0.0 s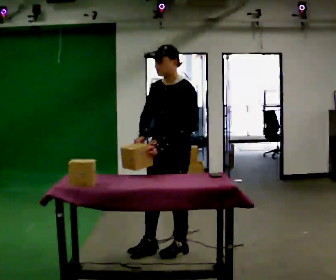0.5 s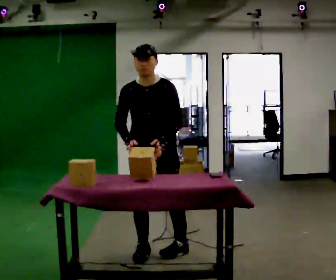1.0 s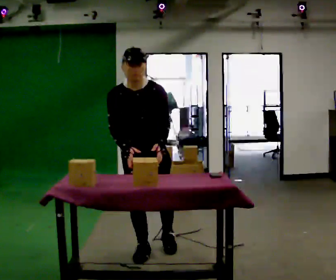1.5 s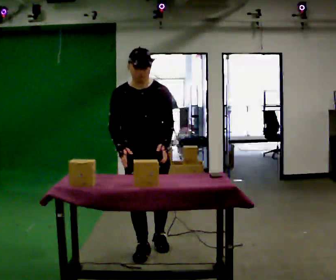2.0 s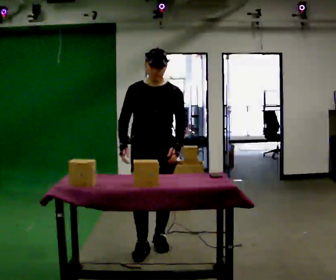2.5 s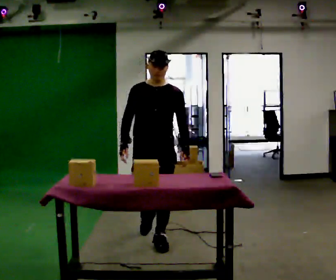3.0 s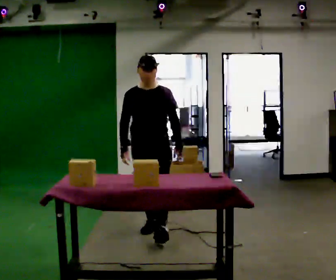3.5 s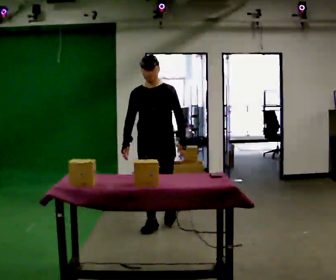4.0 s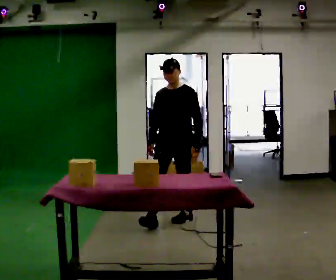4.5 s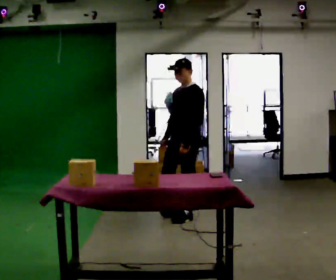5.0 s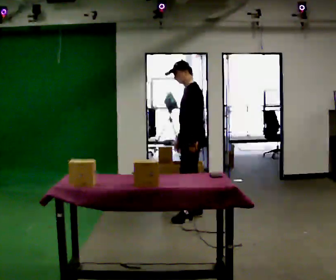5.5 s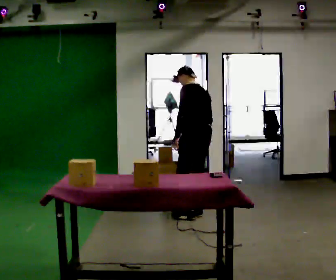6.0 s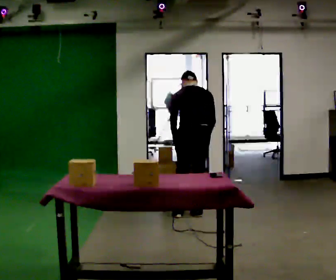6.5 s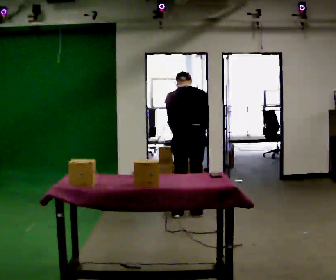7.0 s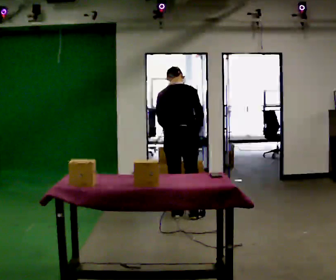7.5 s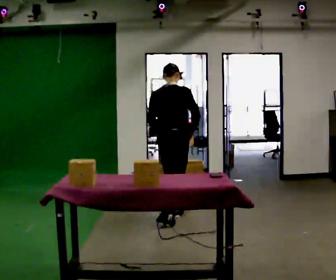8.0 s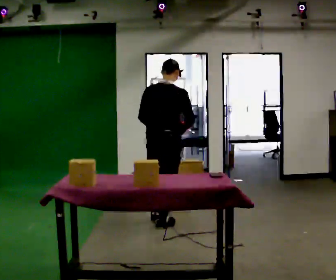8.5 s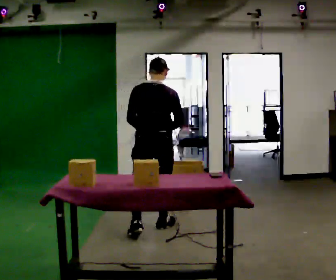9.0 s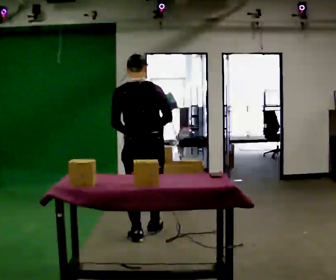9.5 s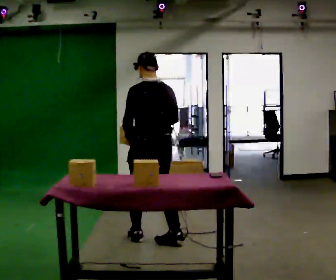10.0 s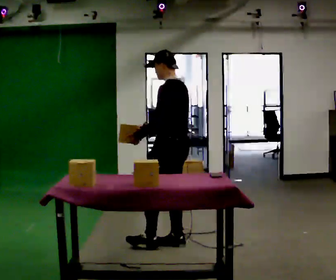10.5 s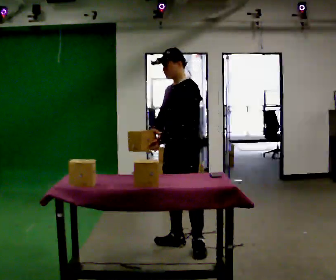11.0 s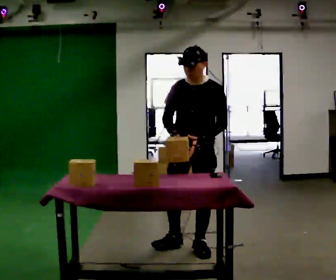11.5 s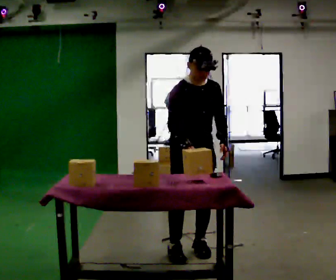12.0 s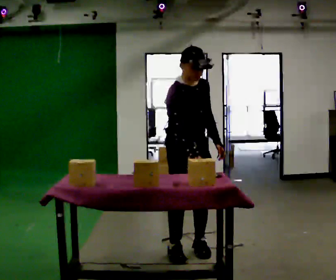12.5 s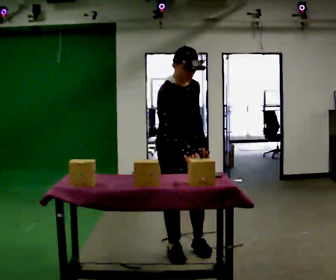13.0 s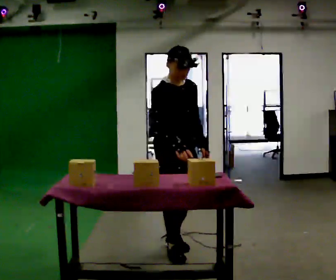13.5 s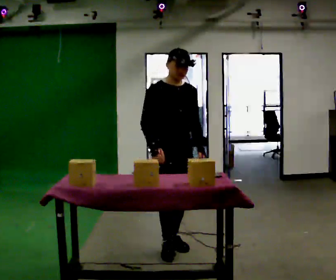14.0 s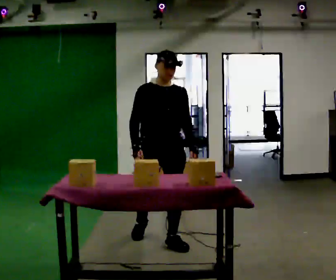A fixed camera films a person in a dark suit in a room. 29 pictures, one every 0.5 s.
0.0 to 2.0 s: Seen from above the body turns counterclockwise, about 45 degrees: to their left, with its near side sliding to the right. In the picture they go to the left, about 0.25 m in 2 steps, which for them is backward and to their right.
2.0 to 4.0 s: The part of the body nearest the lens slides to the left as the person turns to their right by about 30 degrees. In the picture they go away from the camera, about 1 m in 1 step, which for them is backward.
4.0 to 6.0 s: Seen from above the body turns clockwise, about 150 degrees: to their right, with its near side sliding to the left. In the picture they go away from the camera and to the right, about 0.25 m in 2 steps. The upper body tips away from the camera, its near side rolling upward.
6.0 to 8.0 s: The person turns about 30 degrees to their right, clockwise seen from above, so the part of the body nearest the lens slides to the left. In the picture they go toward the camera and to the left, about 0.5 m in 2 steps, which for them is backward. The upper body tips toward the camera, its near side rolling downward, as they lean back or straighten.
8.0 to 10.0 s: The part of the body nearest the lens slides to the right as the person turns to their left by about 90 degrees. In the picture they go toward the camera, about 0.75 m in 2 steps.
10.0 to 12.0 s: The person turns about 150 degrees to their left, counterclockwise seen from above, so the part of the body nearest the lens slides to the right. In the picture they go toward the camera, about 0.25 m in 1 step. The upper body tips toward the camera, its near side rolling downward.
12.0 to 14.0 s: In the picture they go away from the camera and to the left, about 0.25 m in 2 steps, which for them is backward. The upper body tips away from the camera, its near side rolling upward, as they lean back or straighten.
The film runs backward here.
